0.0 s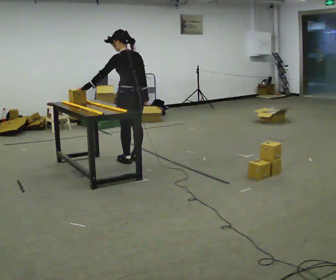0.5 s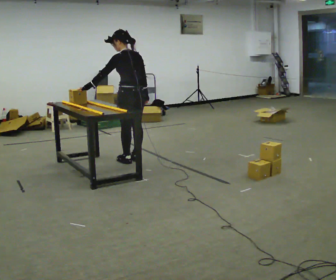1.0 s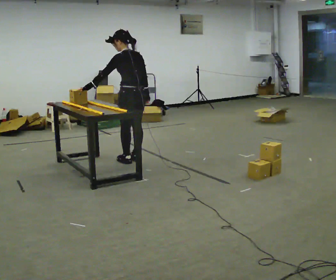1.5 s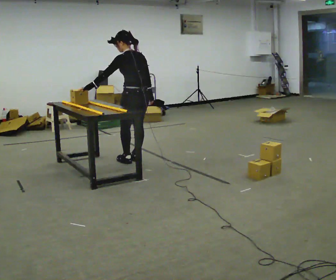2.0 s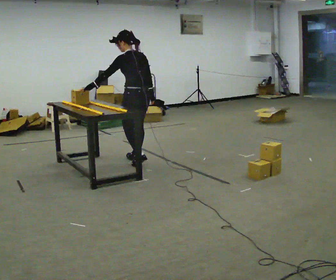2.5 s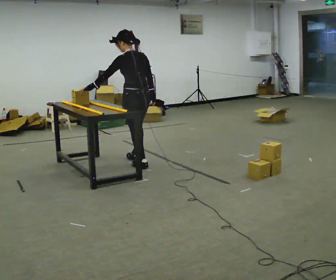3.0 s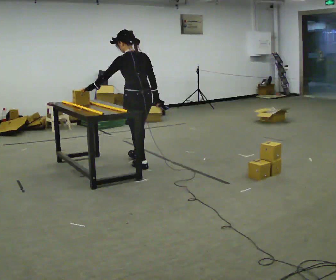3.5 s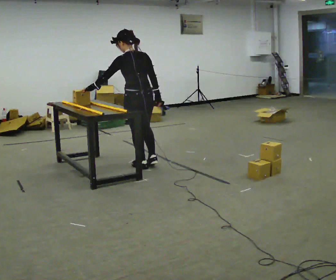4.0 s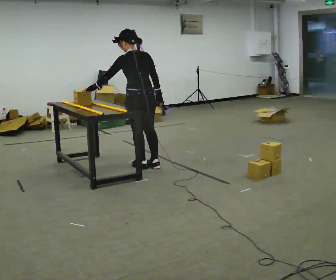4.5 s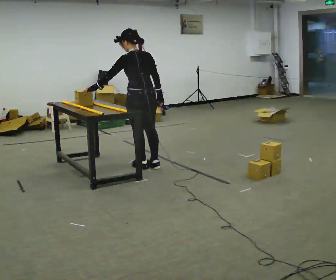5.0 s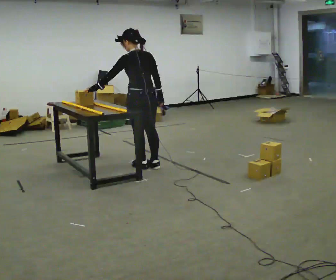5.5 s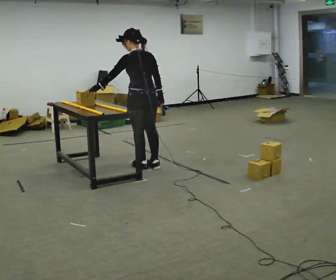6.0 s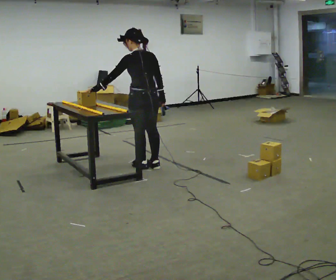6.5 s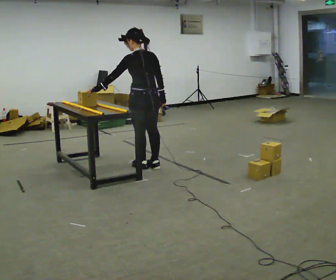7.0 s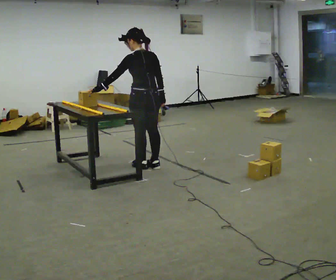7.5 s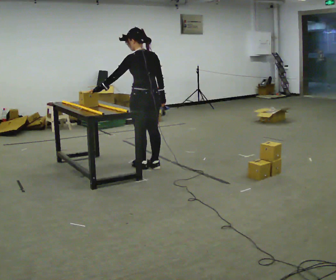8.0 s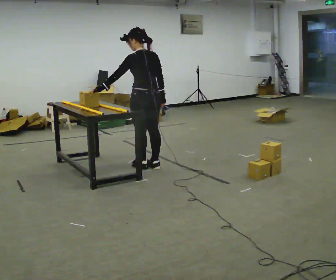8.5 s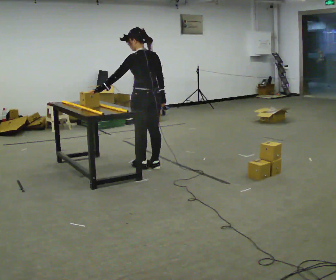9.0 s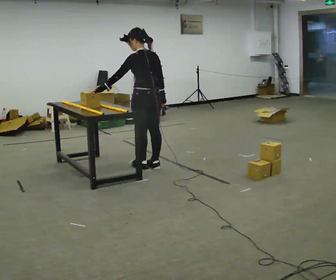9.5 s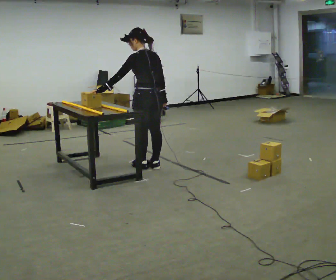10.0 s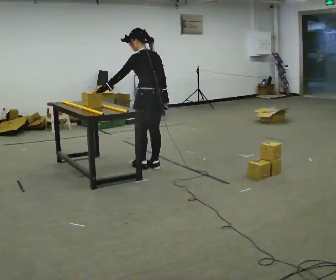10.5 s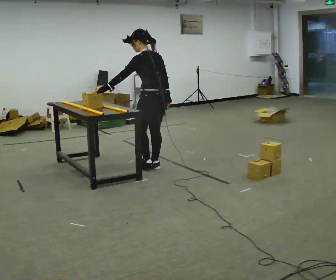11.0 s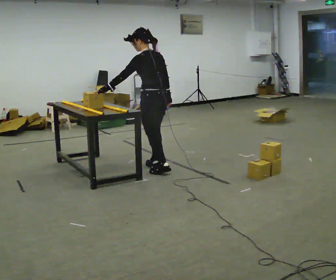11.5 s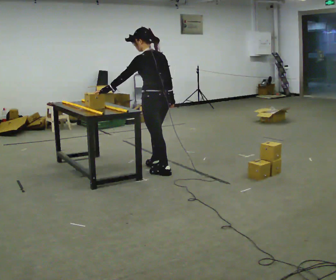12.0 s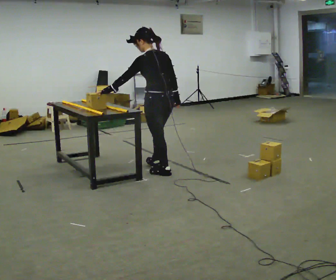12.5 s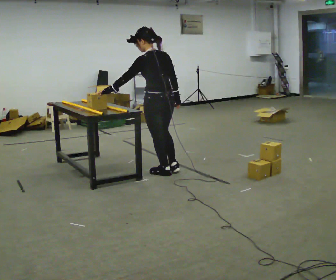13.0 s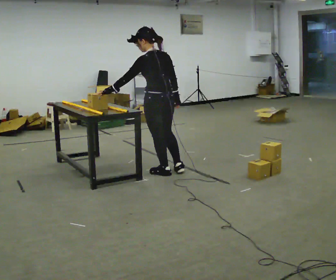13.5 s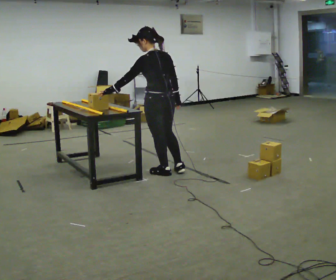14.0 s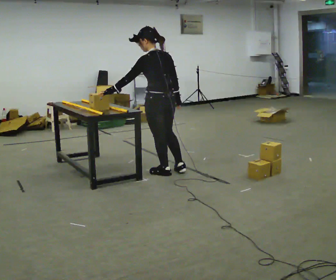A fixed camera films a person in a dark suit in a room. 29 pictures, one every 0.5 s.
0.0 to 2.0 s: The person moves a little, or ends about where they began.
2.0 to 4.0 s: In the picture they go toward the camera, about 0.25 m in 1 step, which for them is backward.
4.0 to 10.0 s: The person moves a little, or ends about where they began.
10.0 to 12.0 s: In the picture they go toward the camera, about 0.25 m in 1 step, which for them is backward.
12.0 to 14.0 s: The person moves a little, or ends about where they began.
The film runs backward here.
